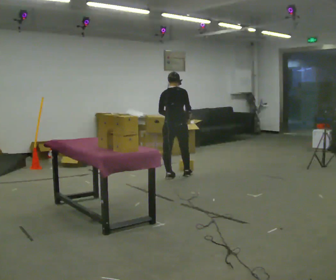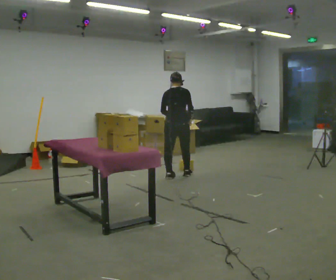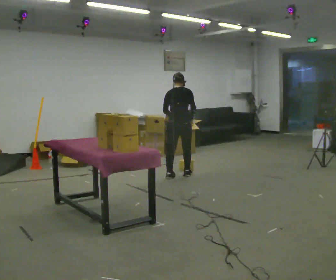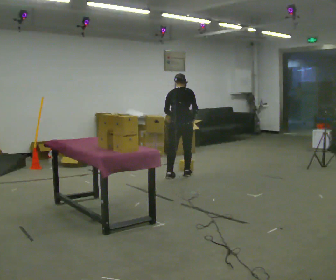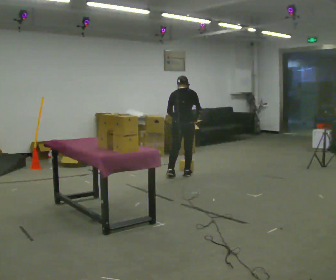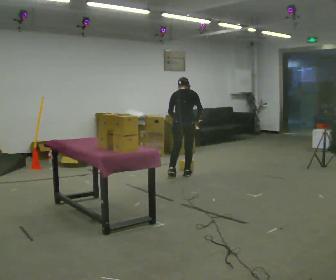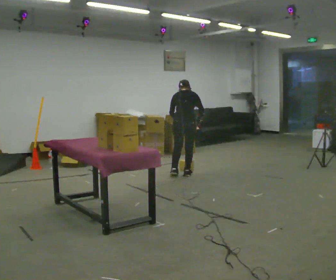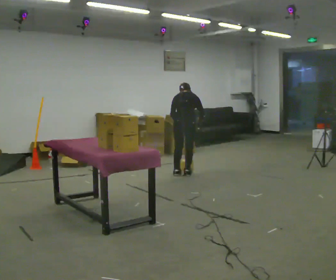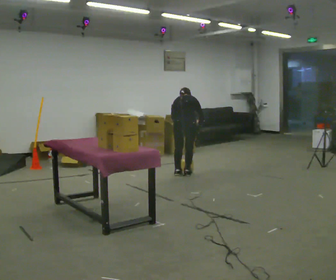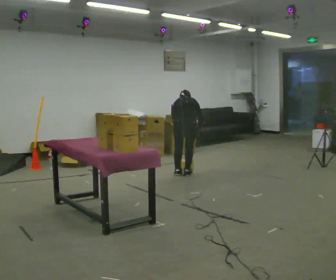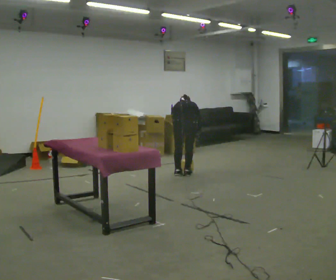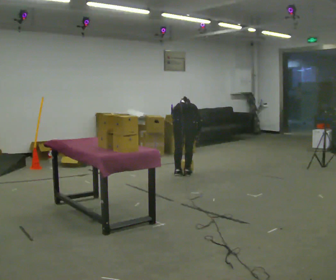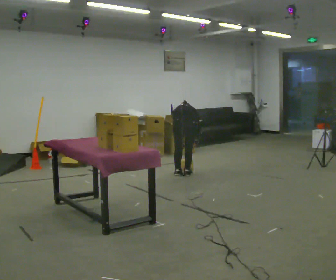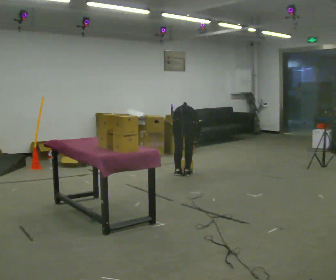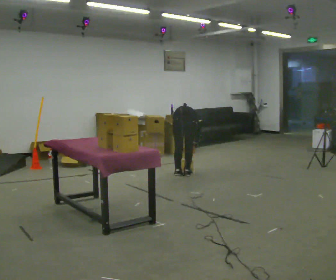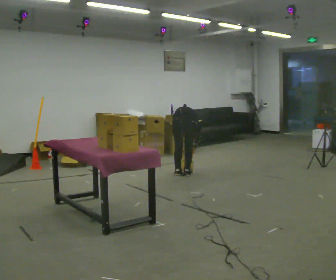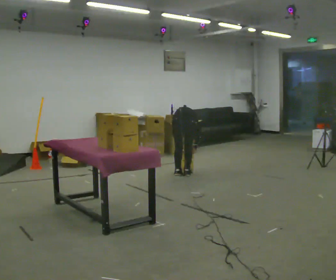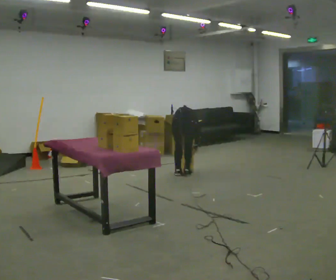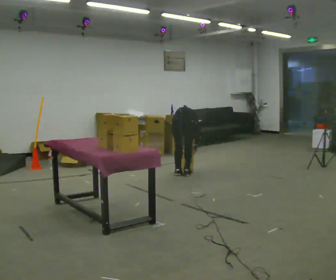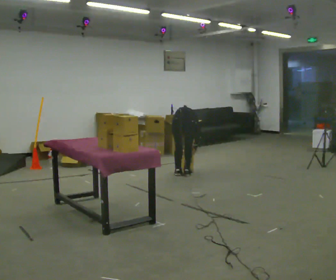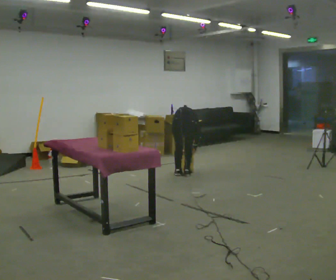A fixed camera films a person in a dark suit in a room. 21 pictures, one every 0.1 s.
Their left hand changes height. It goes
downward.
Their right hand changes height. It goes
downward.
0.0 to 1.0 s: In the picture they go to the right, about 0.25 m in 1 step, which for them is to their right. The upper body goes downward. The upper body tips away from the camera, its near side rolling upward, as they bend forward. In the picture their left hand goes downward.
1.0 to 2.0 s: The upper body tips away from the camera, its near side rolling upward, as they bend forward.
The film runs forward here.
